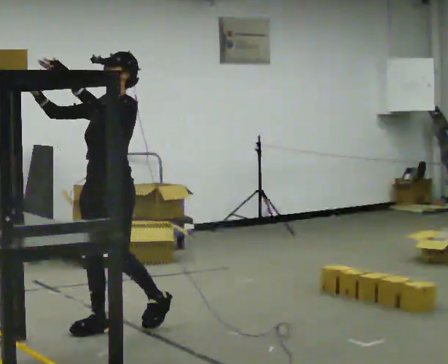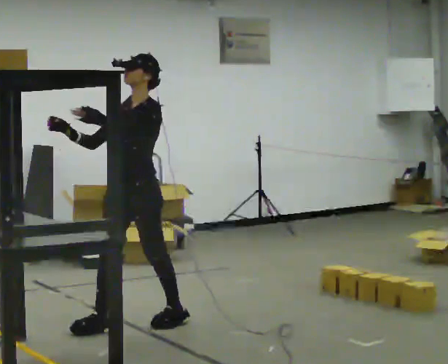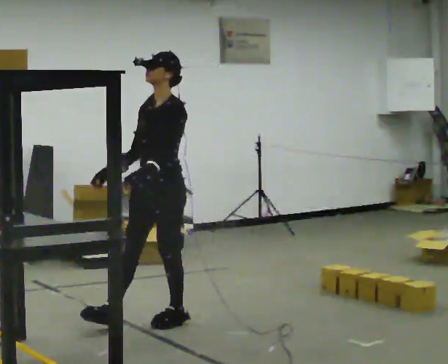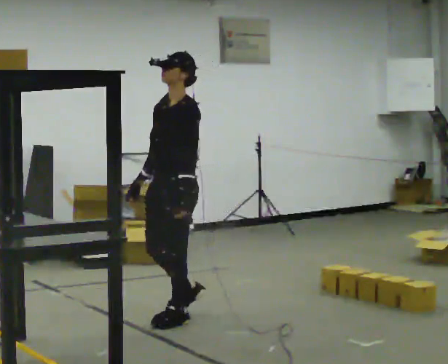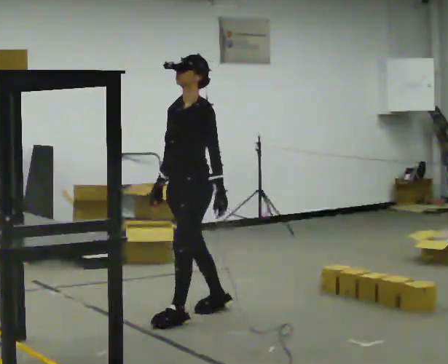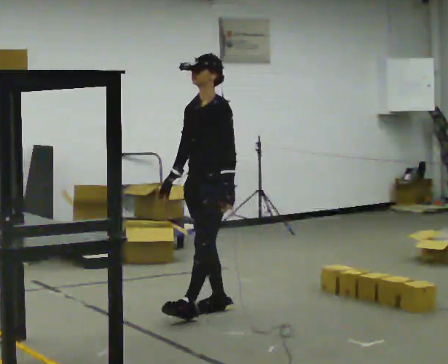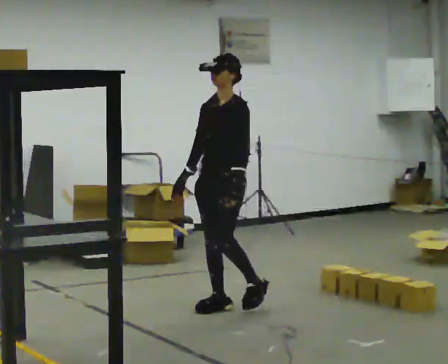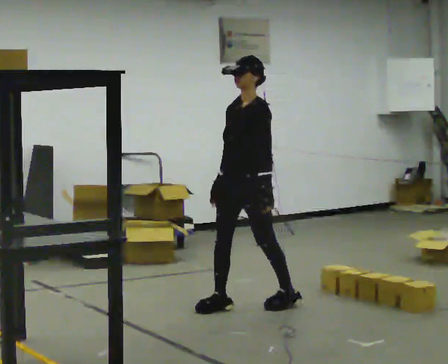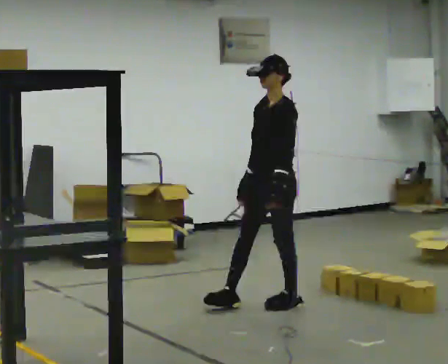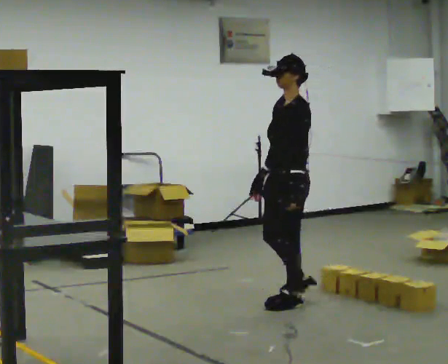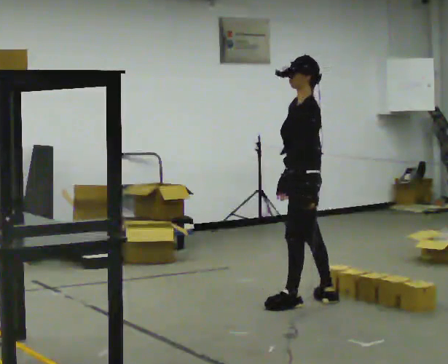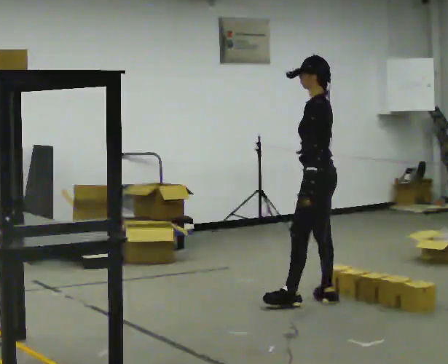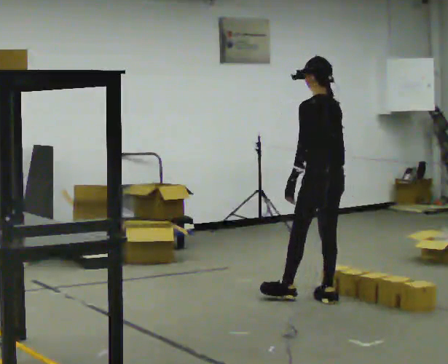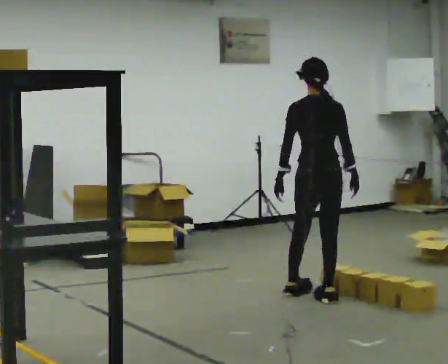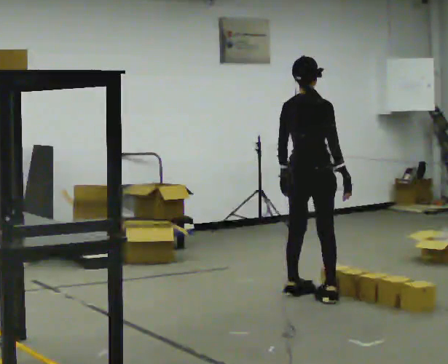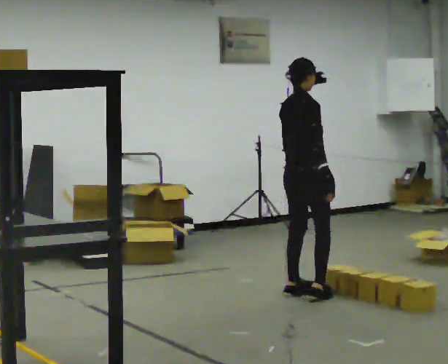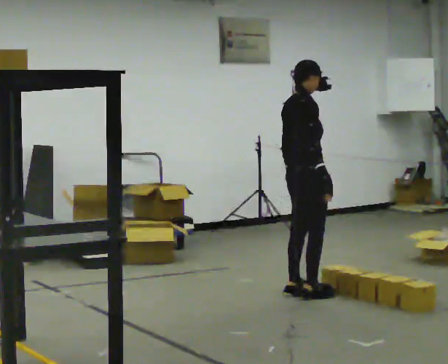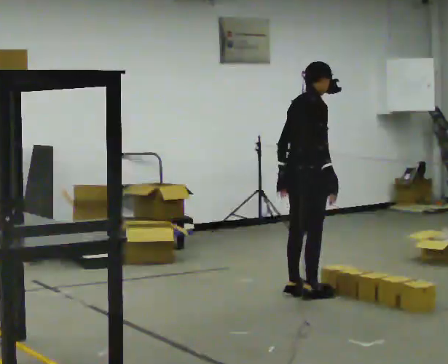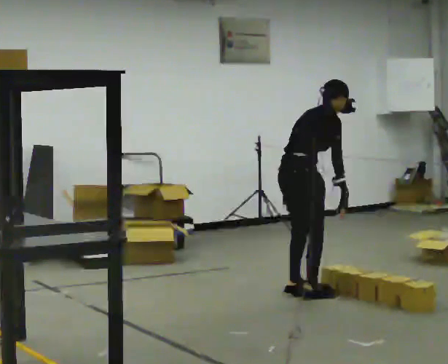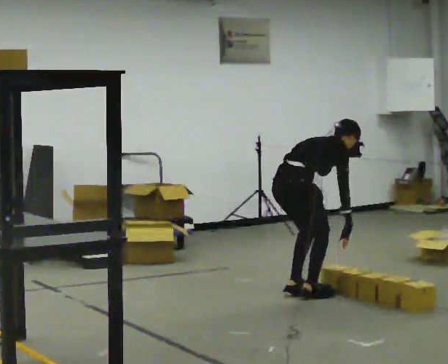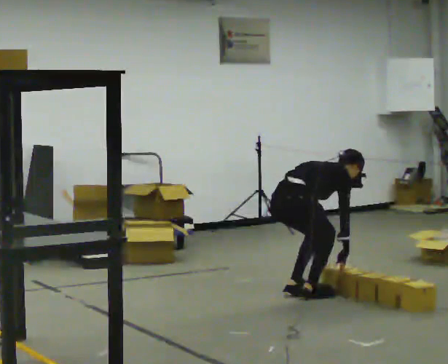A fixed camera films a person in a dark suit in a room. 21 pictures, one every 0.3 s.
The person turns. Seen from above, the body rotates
clockwise.
Their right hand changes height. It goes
downward.
0.0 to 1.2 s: In the picture they go to the right and away from the camera, about 0.5 m in 1 step, which for them is backward. In the picture their left hand goes downward.
1.2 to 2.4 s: In the picture they go to the right and away from the camera, about 0.5 m in 2 steps, which for them is backward.
2.4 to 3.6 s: Seen from above the body turns clockwise, about 75 degrees: to their right, with its near side sliding to the left. In the picture they go to the right and away from the camera, about 0.5 m in 1 step.
3.6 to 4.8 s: Seen from above the body turns clockwise, about 120 degrees: to their right, with its near side sliding to the left. In the picture they go to the left and away from the camera, about 0.25 m in 1 step.
4.8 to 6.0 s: The upper body goes downward. In the picture the upper body tilts clockwise, shoulders to the right, as they bend forward. In the picture their right hand goes downward.
The film runs backward here.
